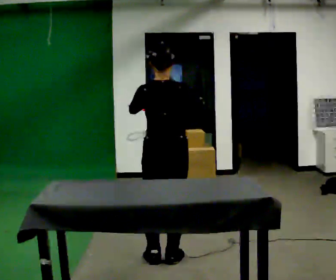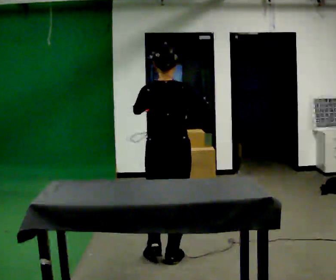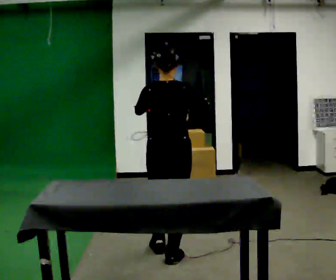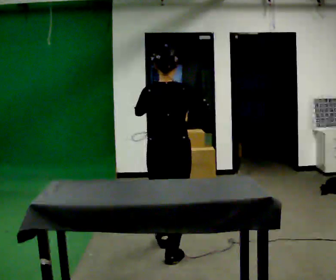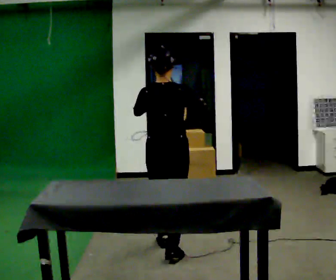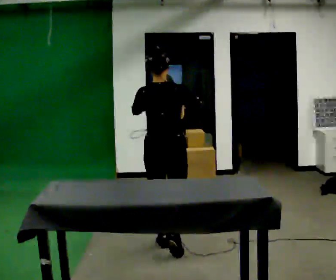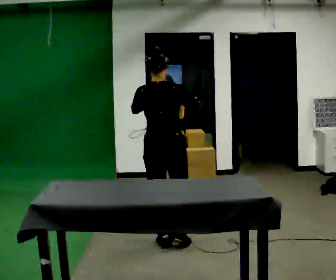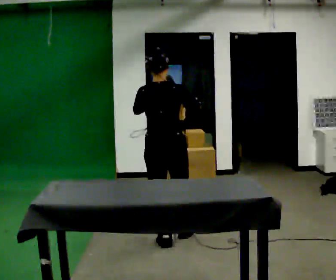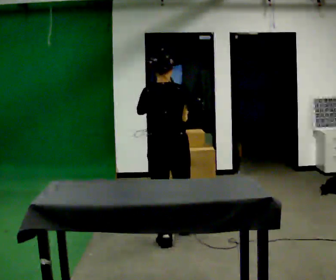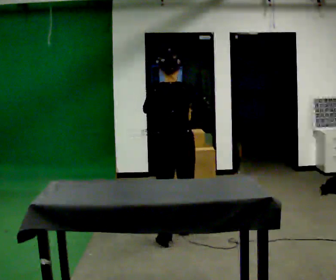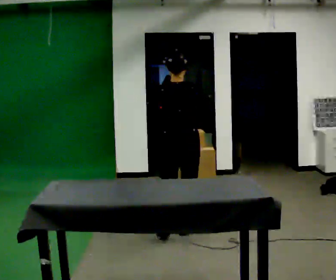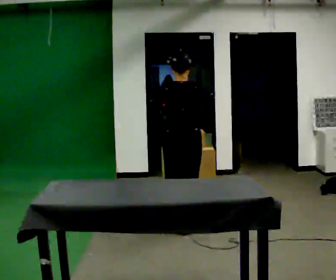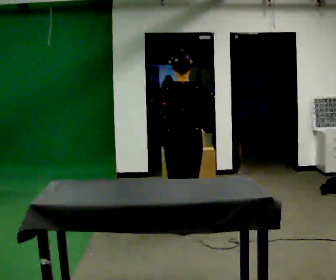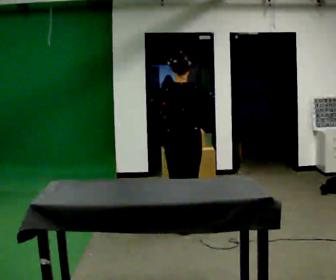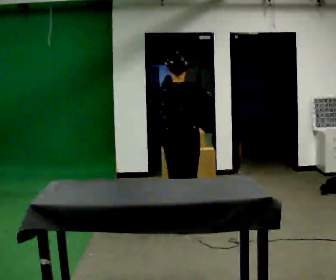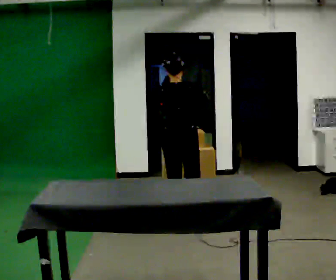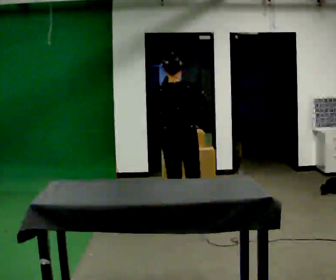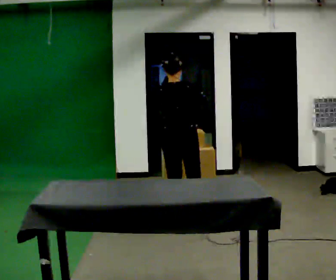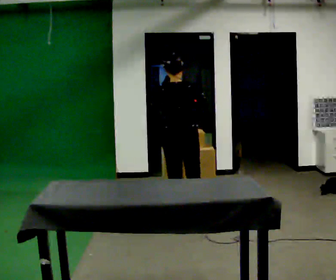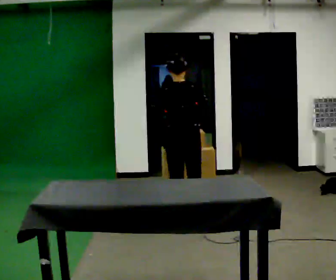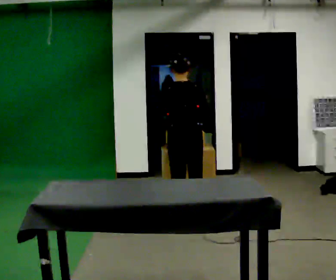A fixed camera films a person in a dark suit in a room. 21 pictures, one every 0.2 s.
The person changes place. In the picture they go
away from the camera.
0.0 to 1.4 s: In the picture they go away from the camera, about 0.5 m in 1 step, which for them is forward.
1.4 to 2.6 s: In the picture they go away from the camera, about 0.5 m in 2 steps, which for them is forward.
2.6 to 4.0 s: In the picture they go away from the camera, about 0.25 m in 1 step, which for them is forward.
The film runs forward here.
